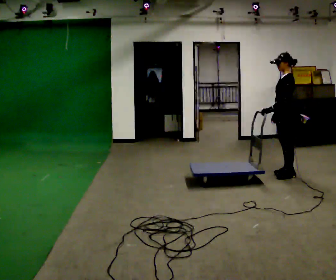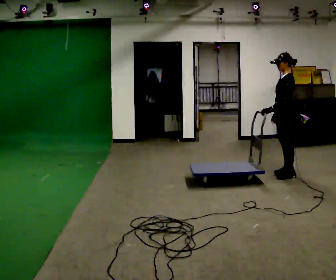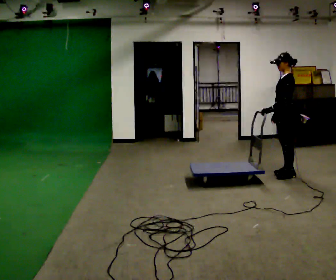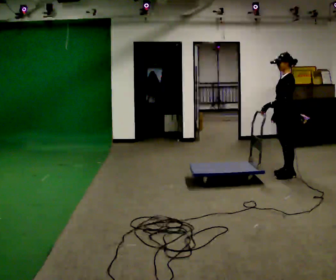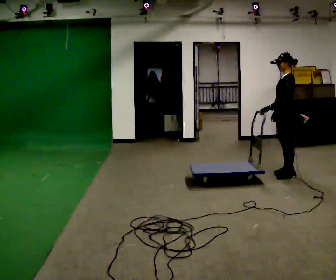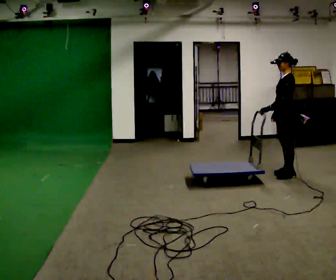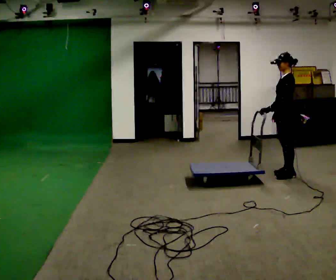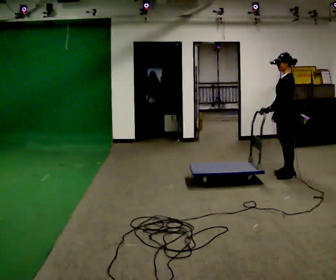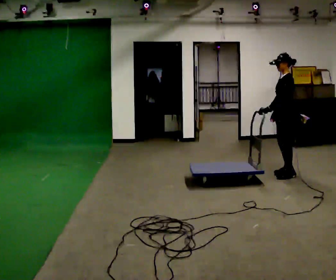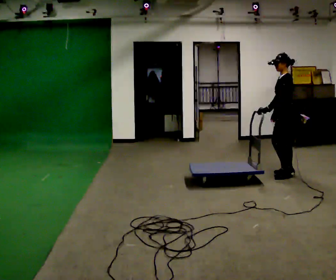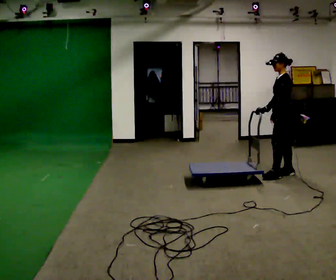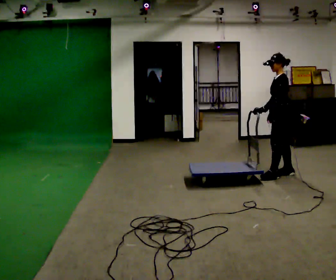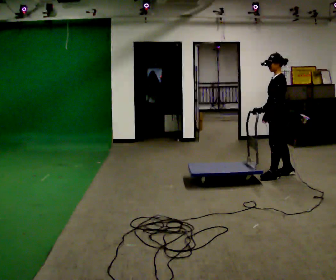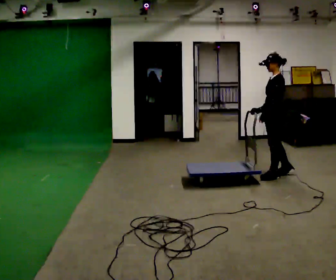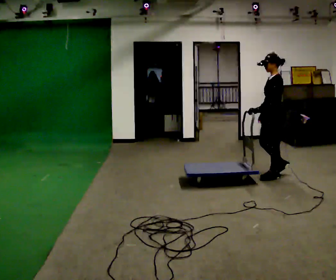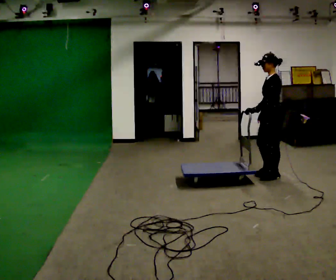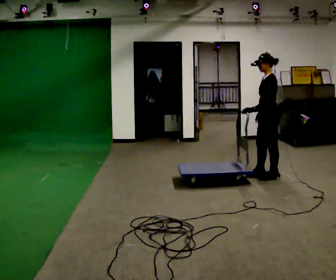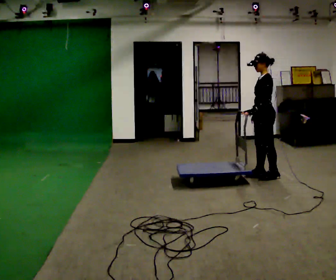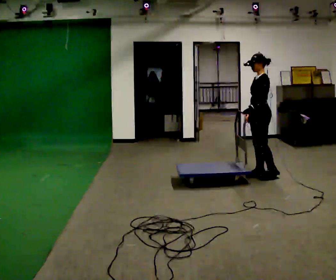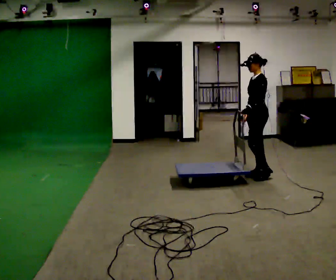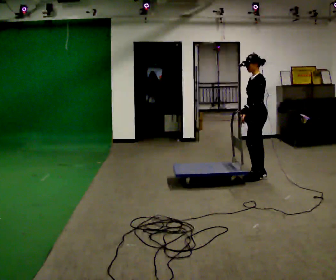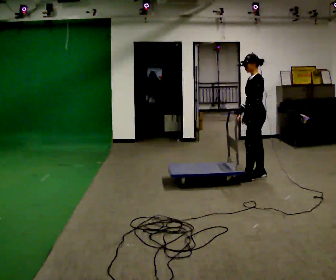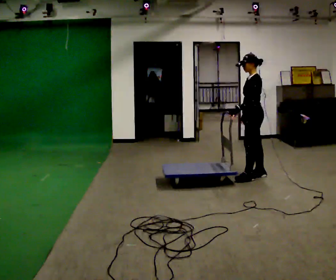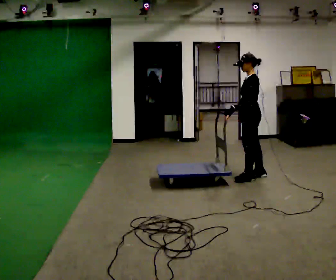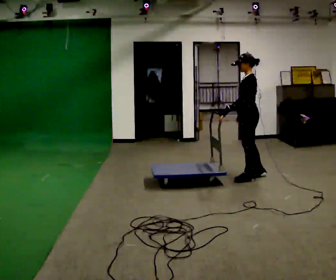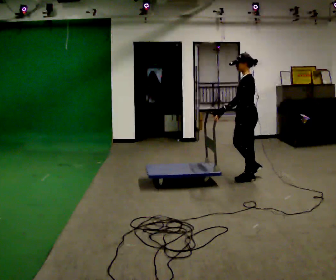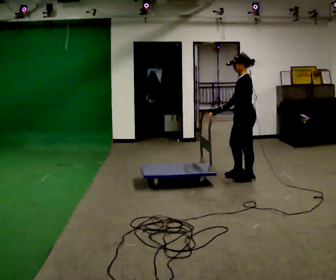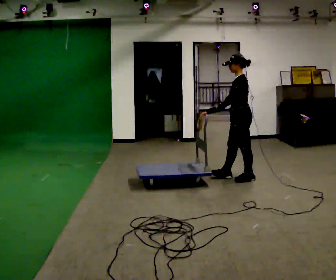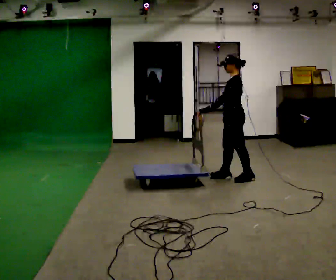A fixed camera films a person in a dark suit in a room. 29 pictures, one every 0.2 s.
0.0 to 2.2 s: The person moves a little, or ends about where they began.
2.2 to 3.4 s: In the picture they go to the left, about 0.25 m in 1 step, which for them is forward.
3.4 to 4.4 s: The person moves a little, or ends about where they began.
4.4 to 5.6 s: In the picture they go to the left, about 0.25 m in 1 step, which for them is forward. In the picture their left hand goes to the left.
The film runs forward here.
